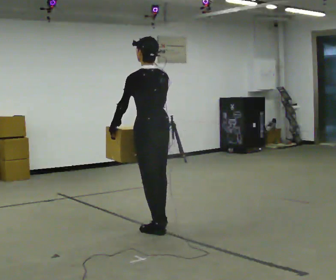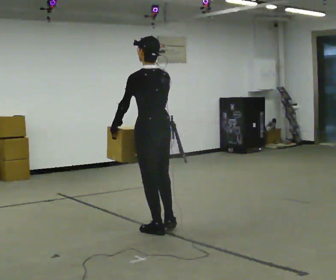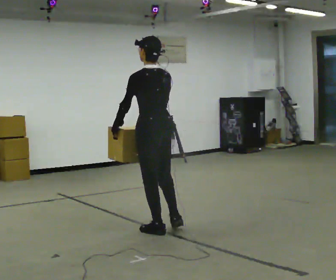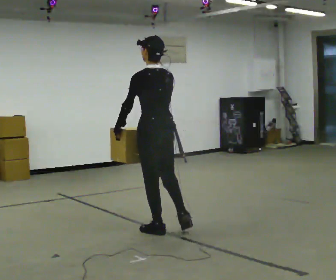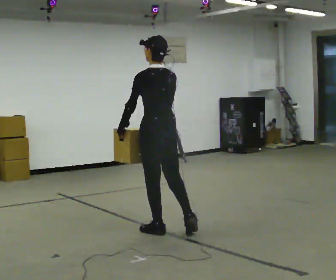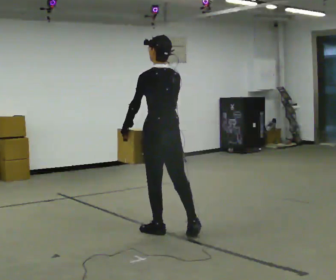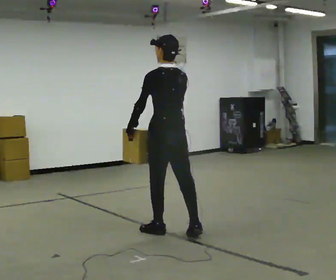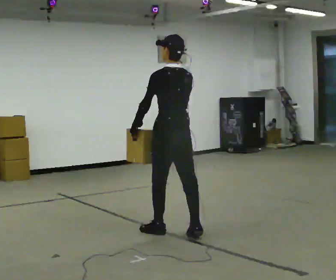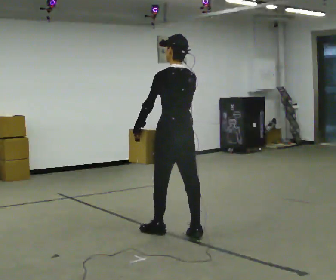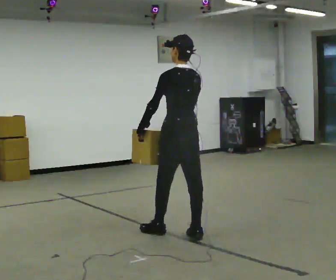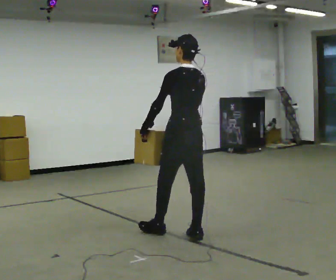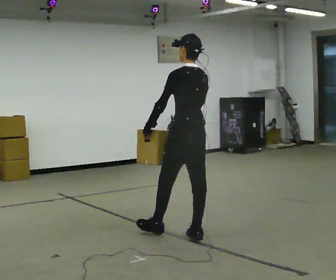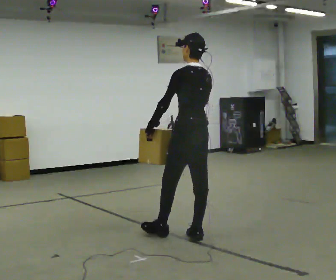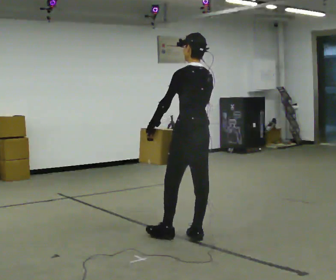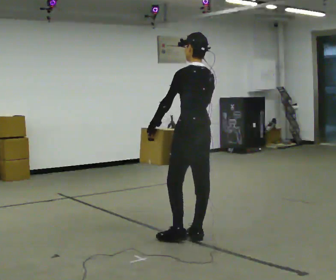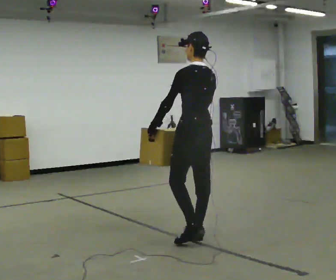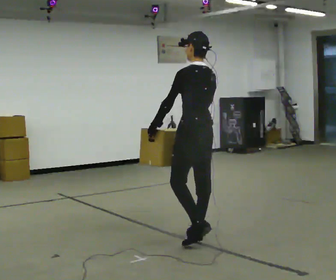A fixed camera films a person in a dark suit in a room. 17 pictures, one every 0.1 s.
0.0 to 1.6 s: In the picture they go to the right and toward the camera, about 0.5 m in 1 step, which for them is backward.
The film runs backward here.
